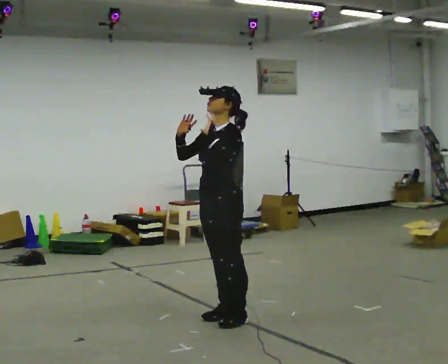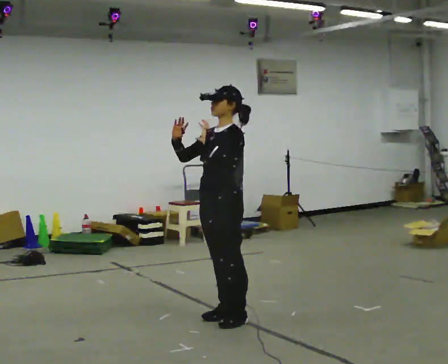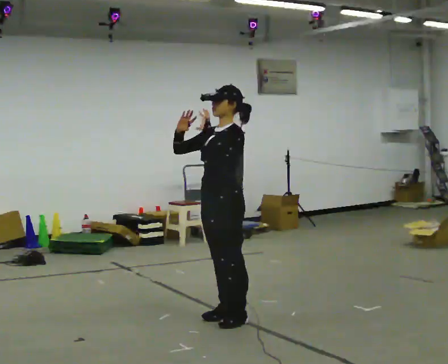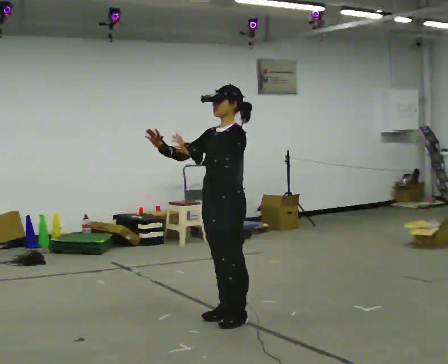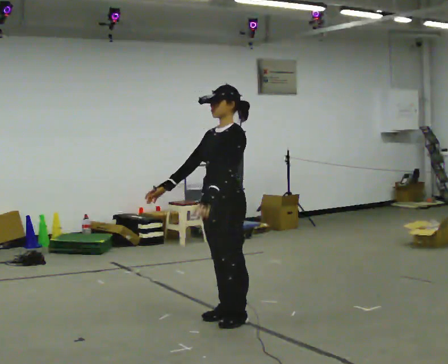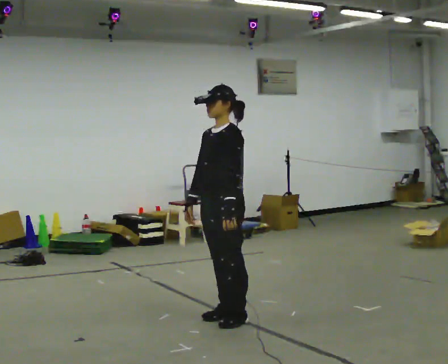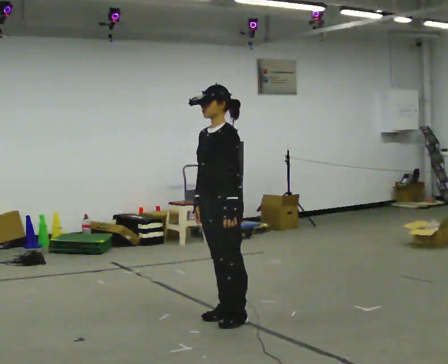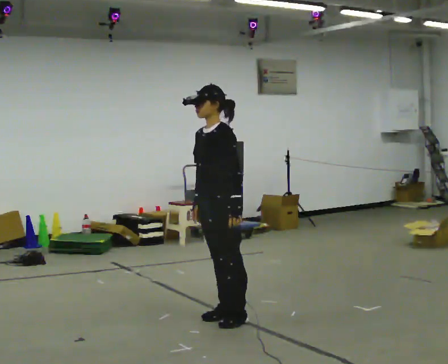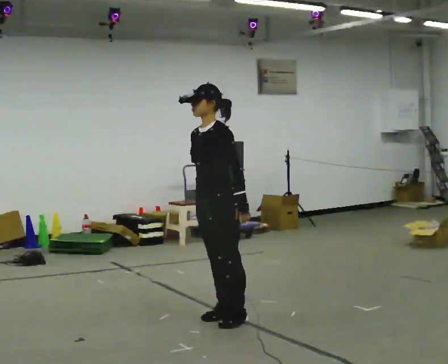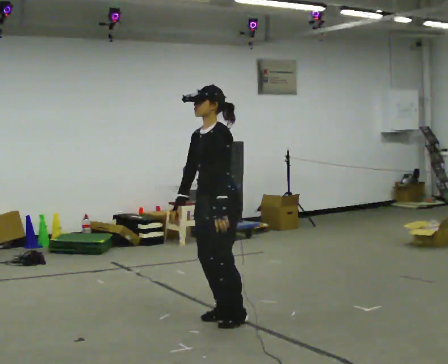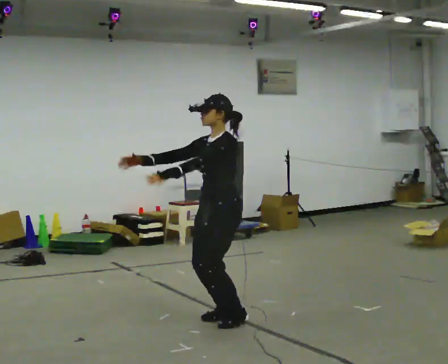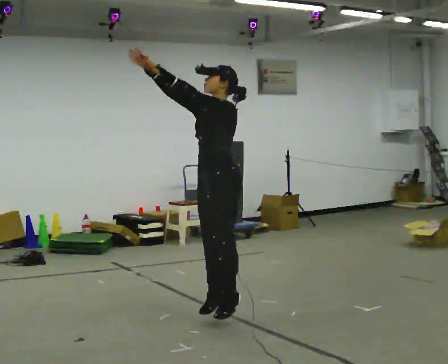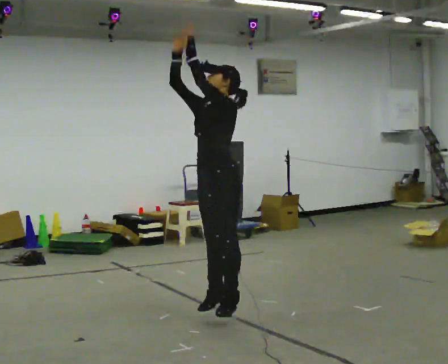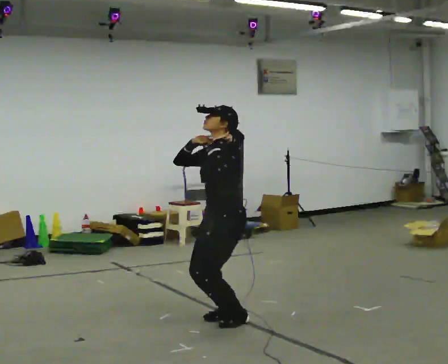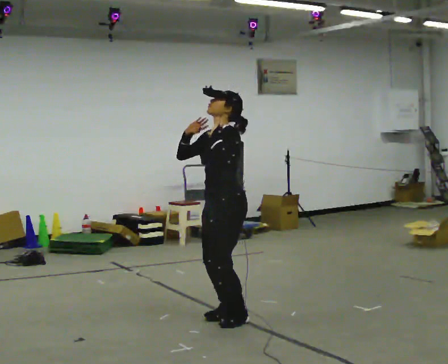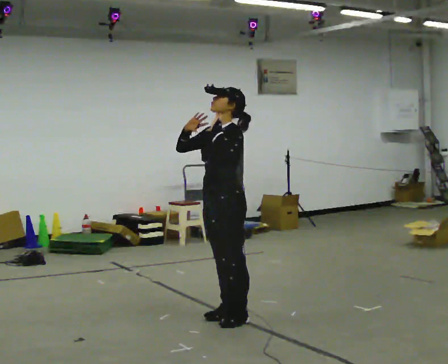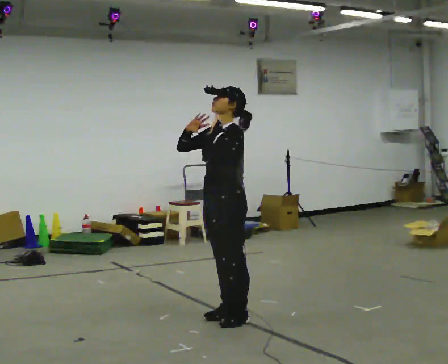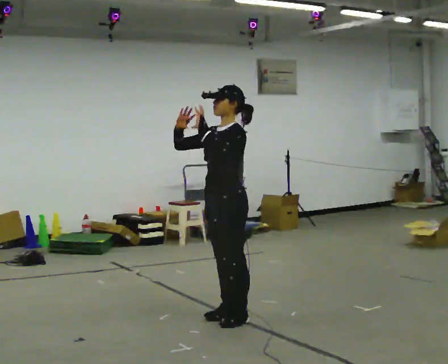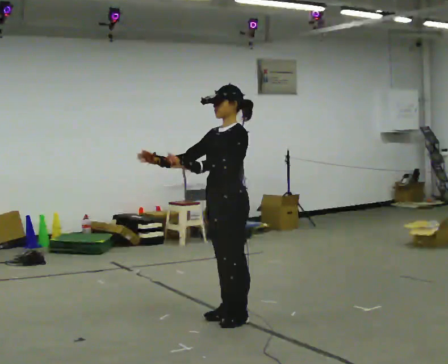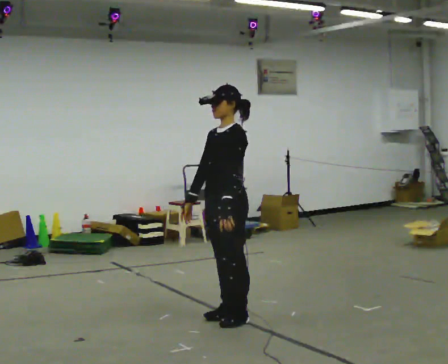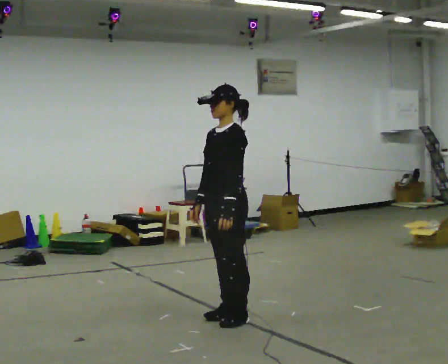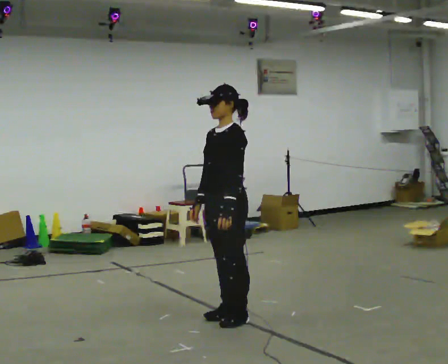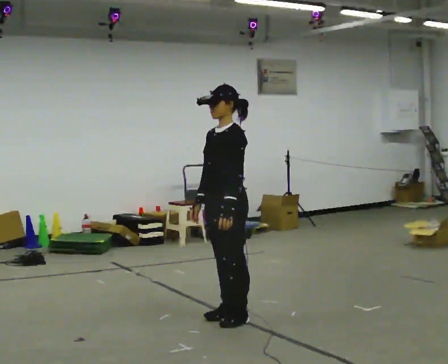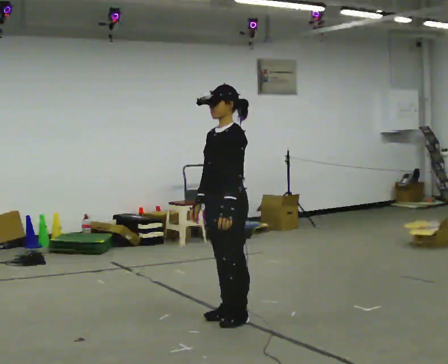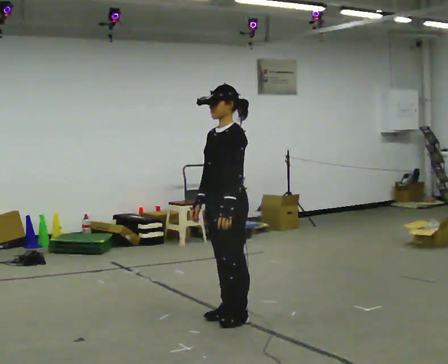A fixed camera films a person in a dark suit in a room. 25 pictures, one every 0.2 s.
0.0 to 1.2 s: In the picture their right hand goes downward.
1.2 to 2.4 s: In the picture their right hand goes upward, the arm swinging clockwise.
2.4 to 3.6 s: In the picture their right hand goes downward.
3.6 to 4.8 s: The person moves a little, or ends about where they began.
The film runs backward here.
